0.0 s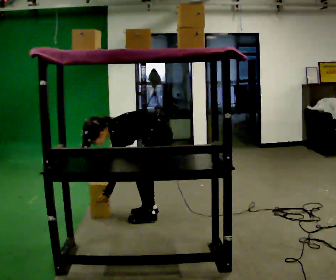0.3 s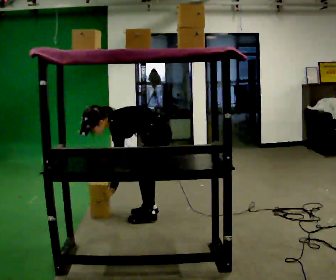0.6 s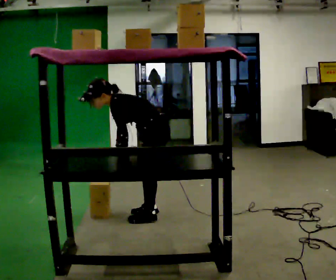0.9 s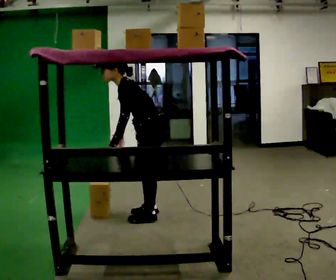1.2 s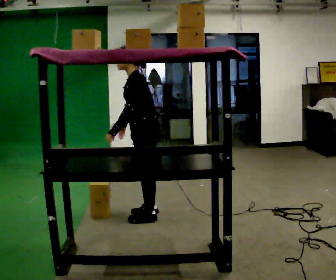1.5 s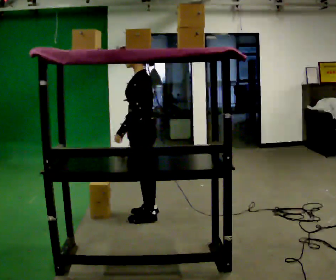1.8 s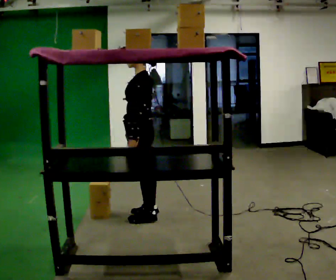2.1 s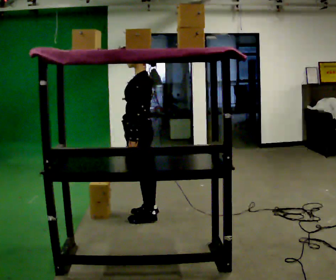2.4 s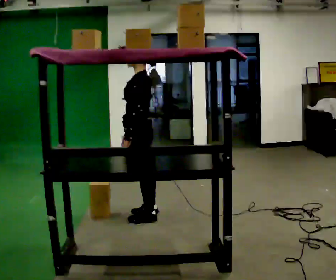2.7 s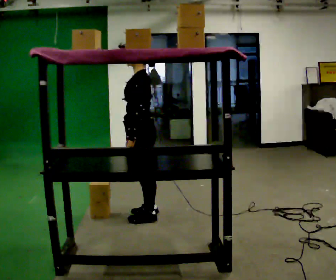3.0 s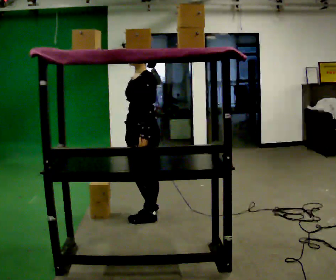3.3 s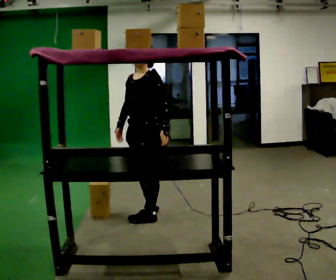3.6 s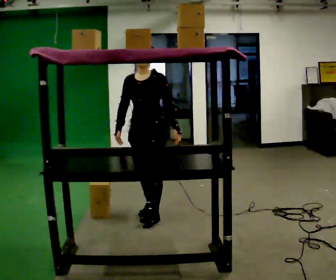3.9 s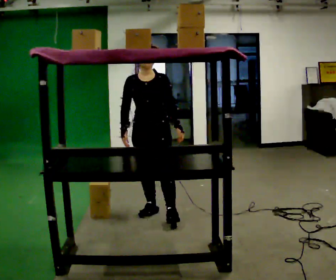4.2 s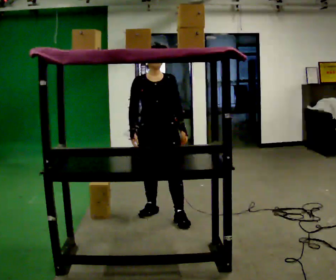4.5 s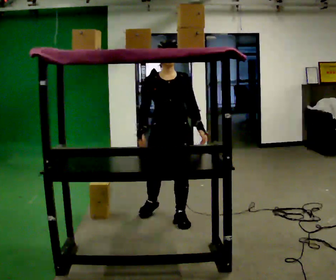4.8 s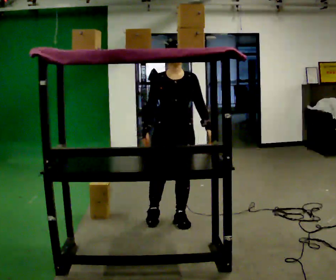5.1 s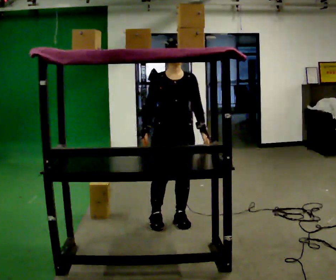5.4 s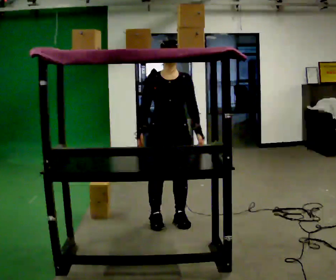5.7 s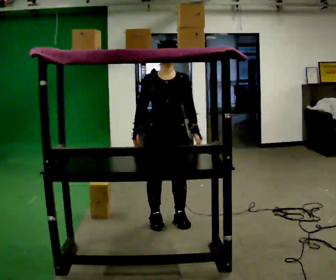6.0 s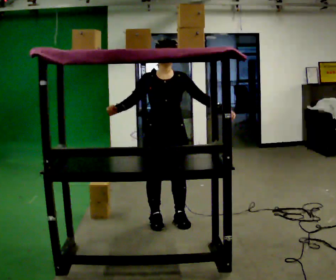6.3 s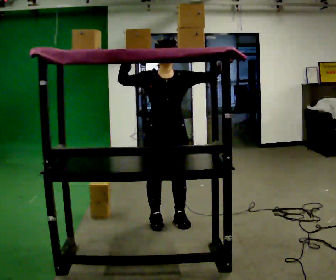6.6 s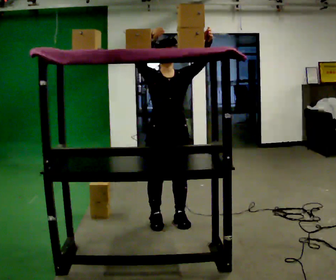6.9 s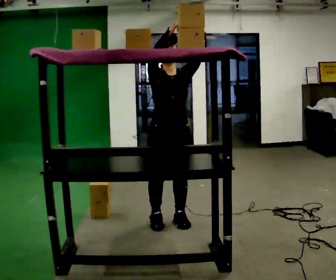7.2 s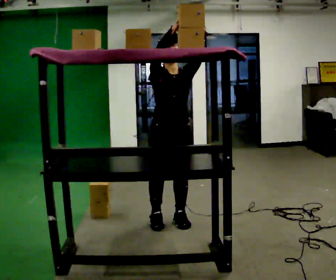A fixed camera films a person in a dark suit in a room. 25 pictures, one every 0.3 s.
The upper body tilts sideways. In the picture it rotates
clockwise.
Their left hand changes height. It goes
upward.
0.0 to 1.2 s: The shoulders move upward. In the picture the upper body tilts clockwise, shoulders to the right, as they lean back or straighten. In the picture their left hand goes upward.
1.2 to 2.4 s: The person moves a little, or ends about where they began.
2.4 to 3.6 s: The part of the body nearest the lens slides to the right as the person turns to their left by about 75 degrees. In the picture their left hand goes to the right, the arm swinging counterclockwise.
3.6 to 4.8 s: In the picture they go to the right and toward the camera, about 0.25 m in 1 step, which for them is forward and to their left.
4.8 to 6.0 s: The person moves a little, or ends about where they began.
6.0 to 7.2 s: In the picture their right hand goes upward and to the right, the arm swinging clockwise.
The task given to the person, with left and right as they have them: Pick an object up off the floor at your feet and place it on the highest shelf you can comfortably reach. Repeat at your own pace until the operator says stop. Keep both feet on the marked spots for the whole take. If you have to step, stop and tell the operator.
The film runs forward here.
